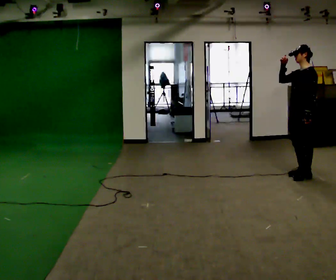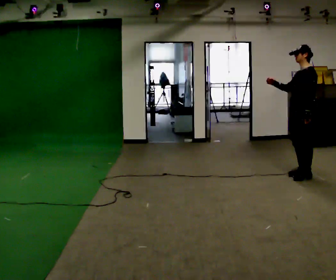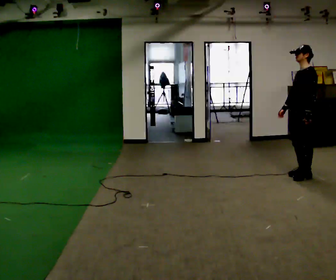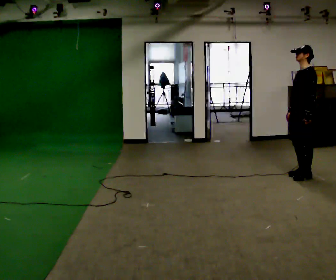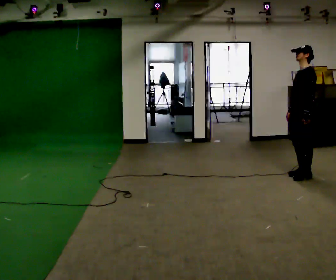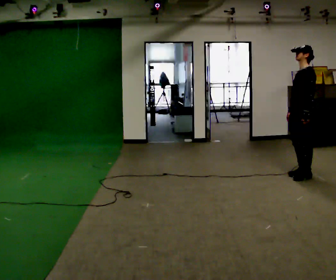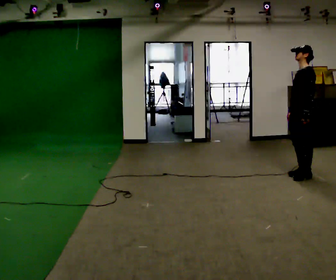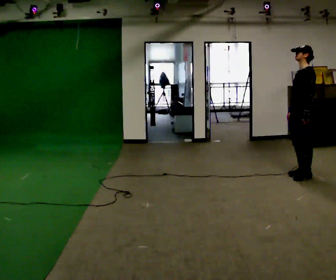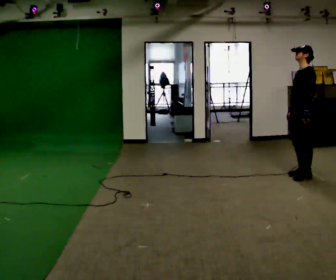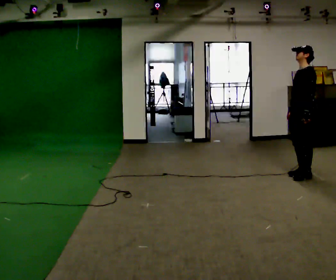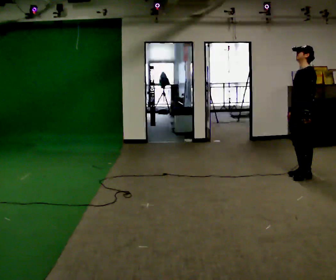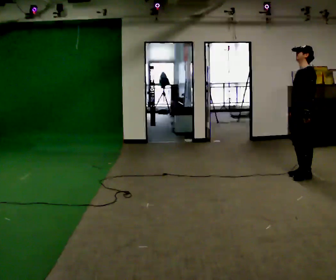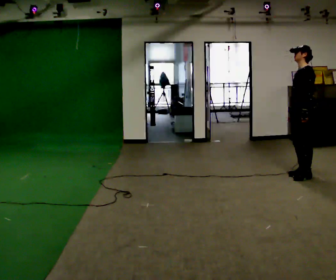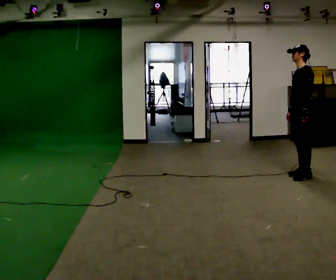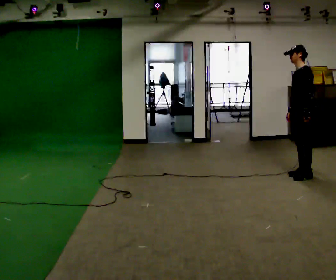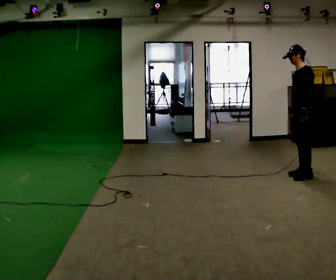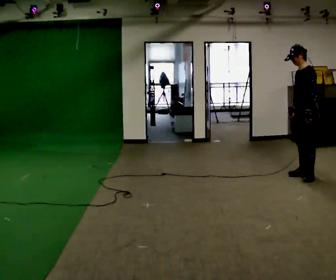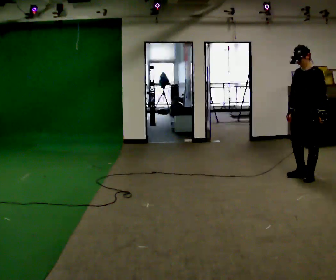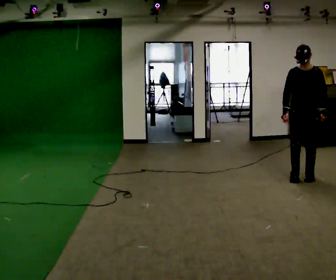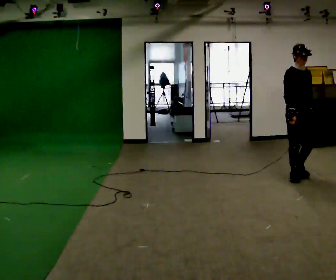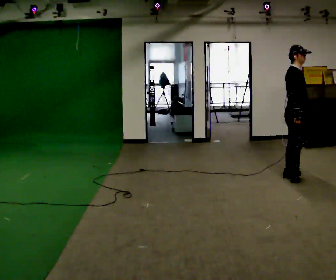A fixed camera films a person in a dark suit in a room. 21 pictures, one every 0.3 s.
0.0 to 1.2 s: In the picture their right hand goes downward, the arm swinging counterclockwise.
1.2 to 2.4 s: The person keeps their place and pose.
2.4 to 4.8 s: The person moves a little, or ends about where they began.
4.8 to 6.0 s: Seen from above the body turns counterclockwise, about 135 degrees: to their left, with its near side sliding to the right. In the picture they go to the left, about 0.25 m in 2 steps.
The film runs backward here.
